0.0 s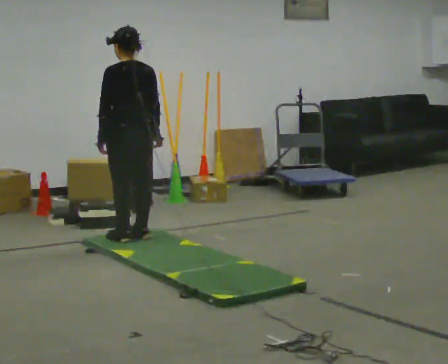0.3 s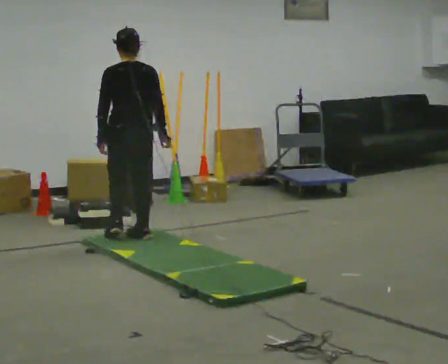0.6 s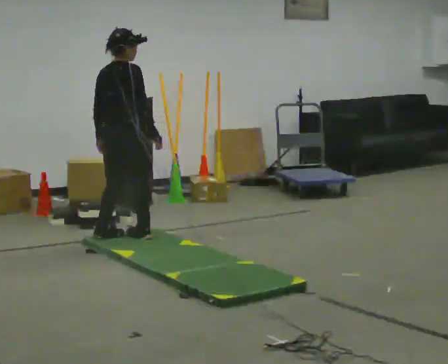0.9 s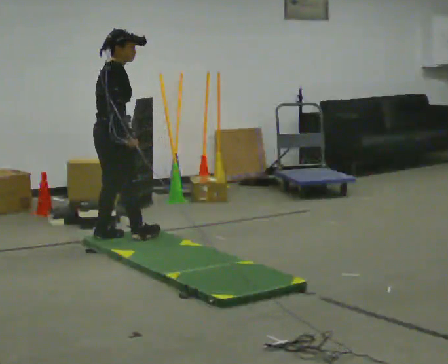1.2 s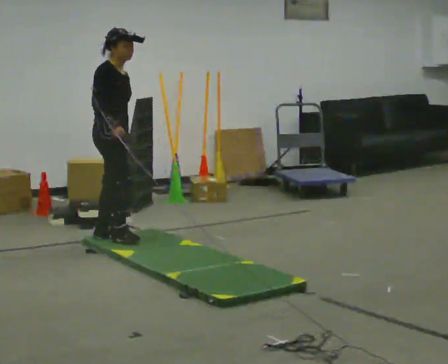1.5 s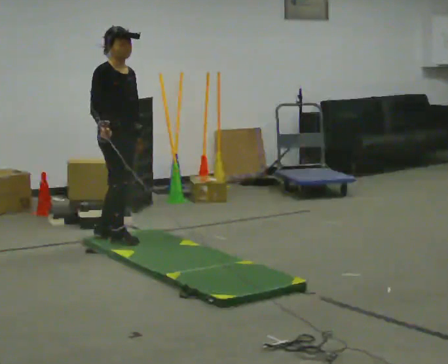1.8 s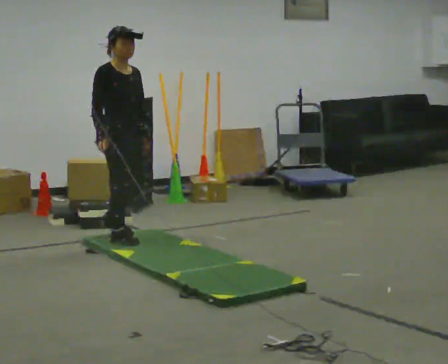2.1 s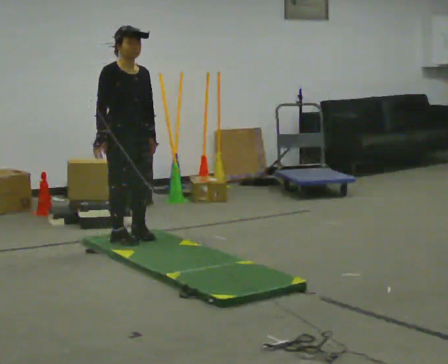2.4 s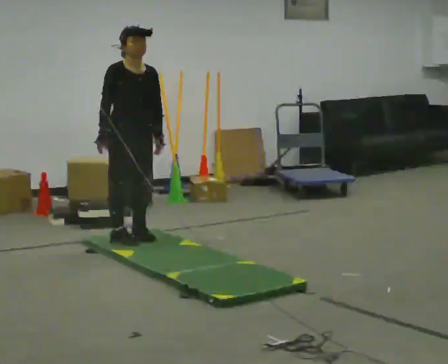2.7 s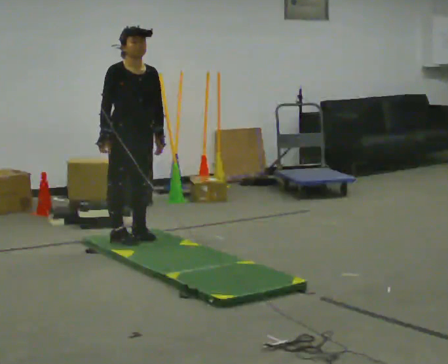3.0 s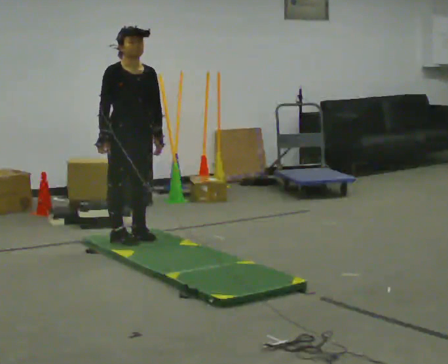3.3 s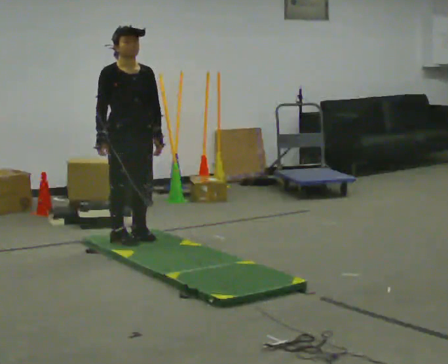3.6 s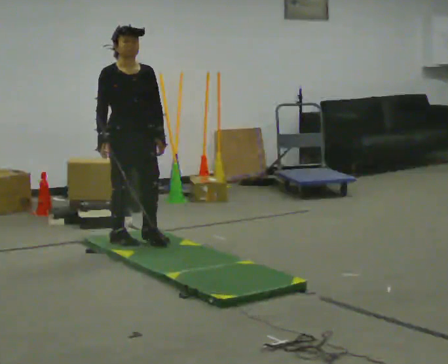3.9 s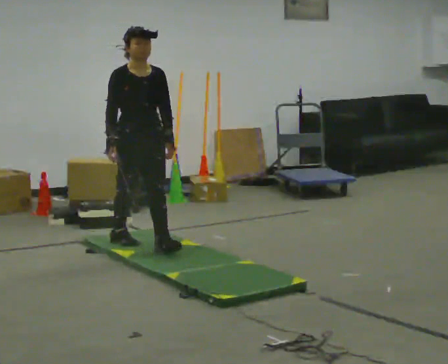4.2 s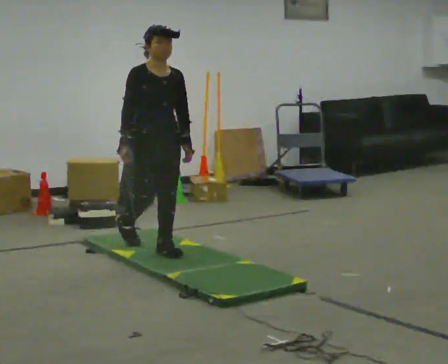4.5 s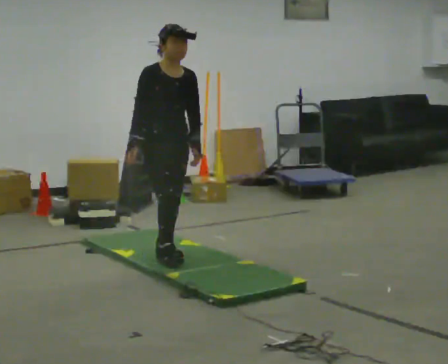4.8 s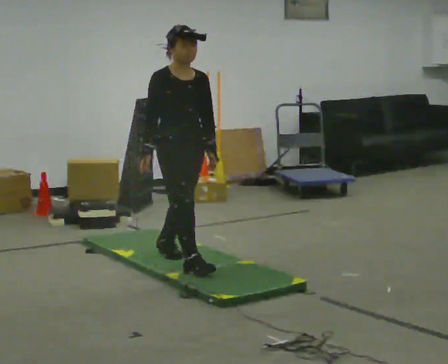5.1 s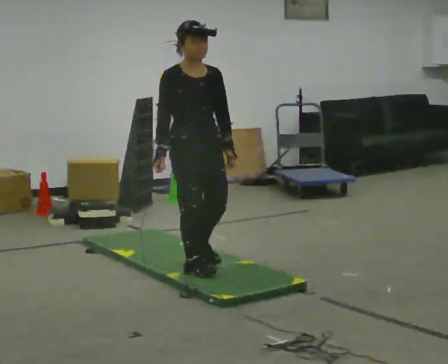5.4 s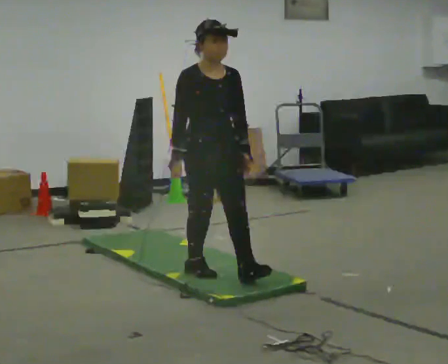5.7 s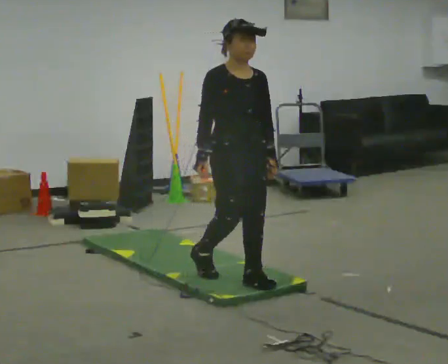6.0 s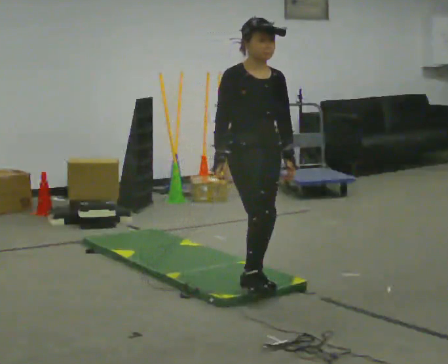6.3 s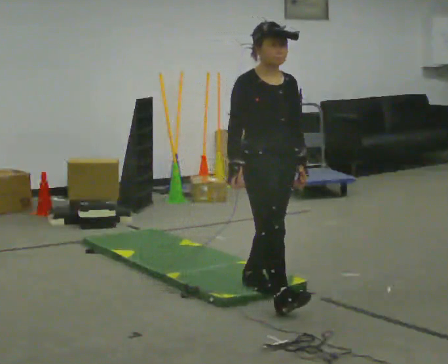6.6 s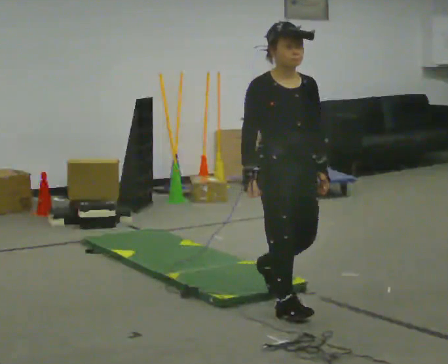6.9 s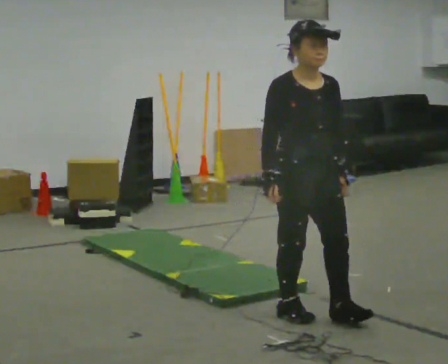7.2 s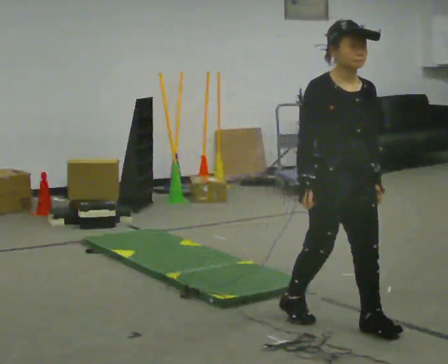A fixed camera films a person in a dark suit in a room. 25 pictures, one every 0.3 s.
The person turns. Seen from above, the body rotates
clockwise.
The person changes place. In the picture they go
toward the camera.
0.0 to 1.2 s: The person turns about 135 degrees to their right, clockwise seen from above, so the part of the body nearest the lens slides to the left. In the picture they go to the left, about 0.25 m in 2 steps.
1.2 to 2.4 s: The person turns about 45 degrees to their right, clockwise seen from above, so the part of the body nearest the lens slides to the left.
2.4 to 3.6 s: The person moves a little, or ends about where they began.
3.6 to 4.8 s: In the picture they go toward the camera and to the right, about 0.75 m in 2 steps, which for them is forward.
4.8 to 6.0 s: In the picture they go toward the camera and to the right, about 0.75 m in 1 step, which for them is forward.
6.0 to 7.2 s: In the picture they go toward the camera and to the right, about 0.5 m in 2 steps, which for them is forward.
The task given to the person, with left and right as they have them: Walk across the mats at a normal pace. They may not all feel the same underfoot. Carry on afterwards.
The film runs forward here.
